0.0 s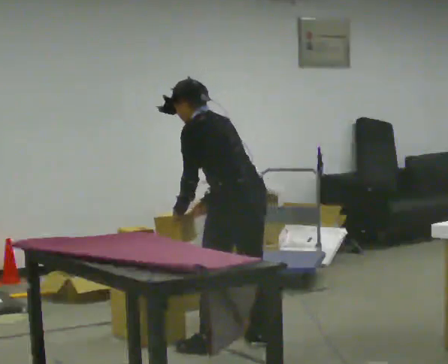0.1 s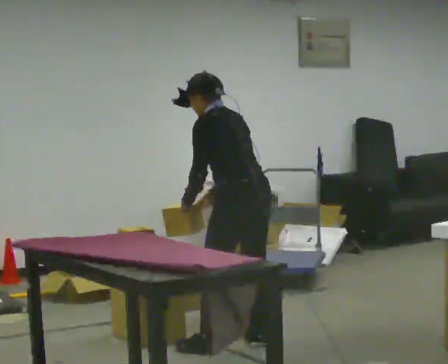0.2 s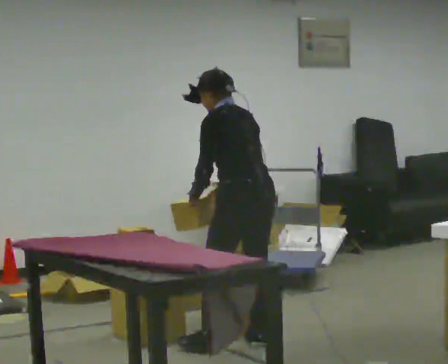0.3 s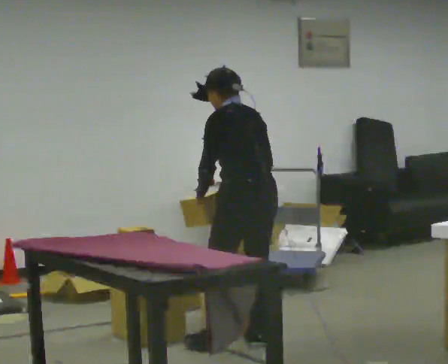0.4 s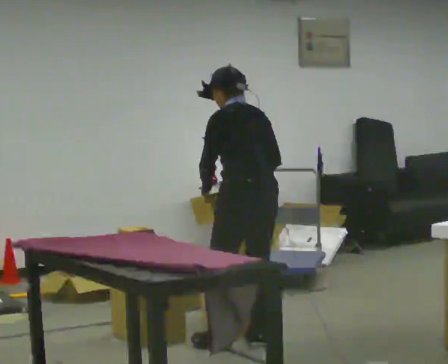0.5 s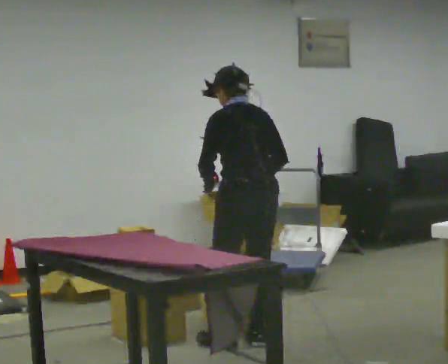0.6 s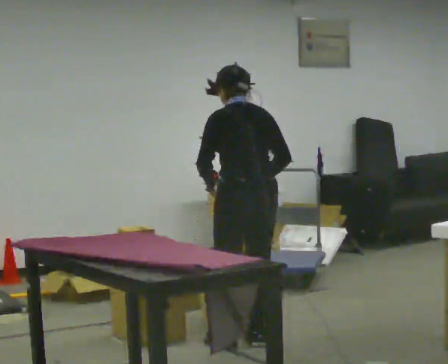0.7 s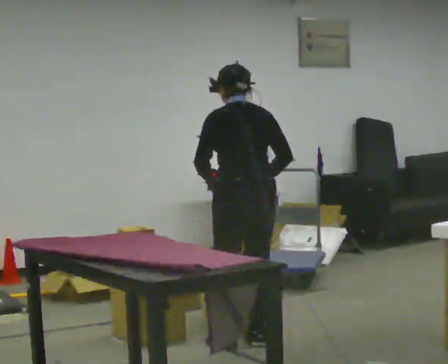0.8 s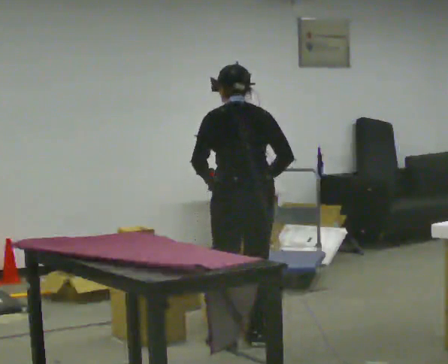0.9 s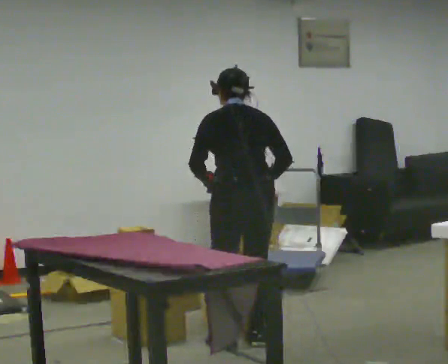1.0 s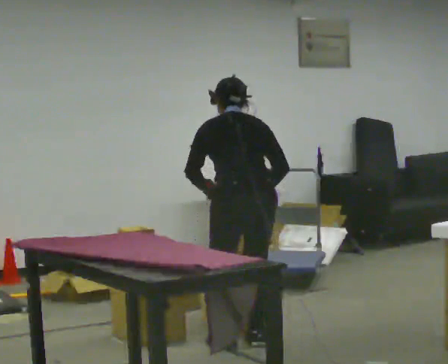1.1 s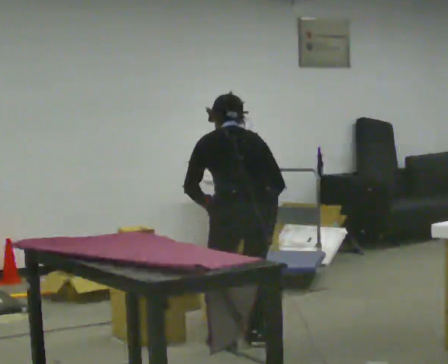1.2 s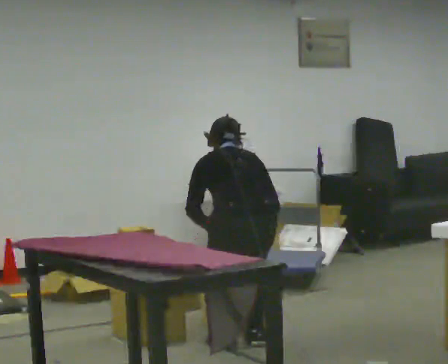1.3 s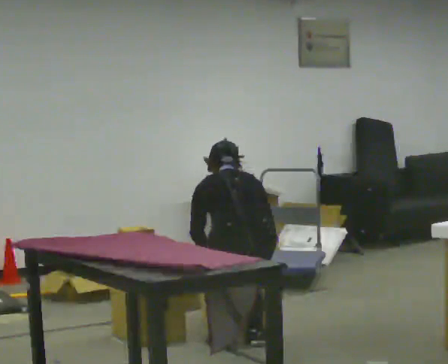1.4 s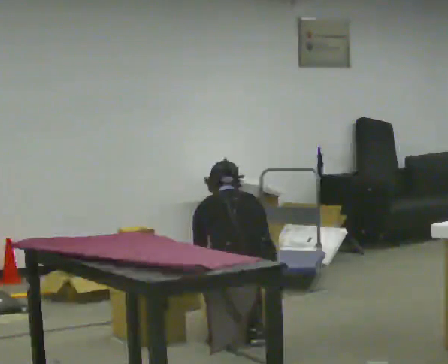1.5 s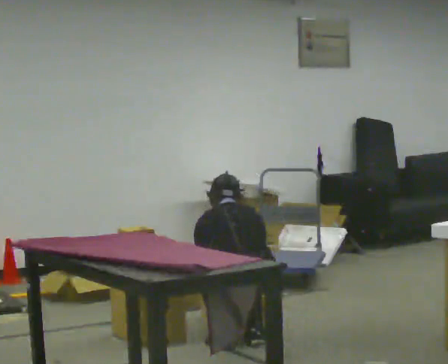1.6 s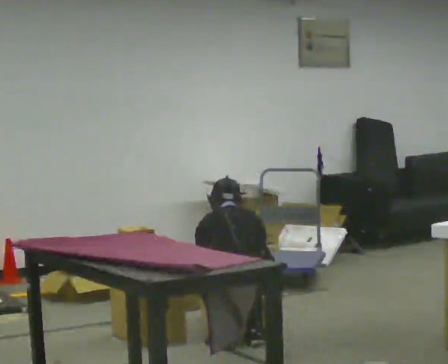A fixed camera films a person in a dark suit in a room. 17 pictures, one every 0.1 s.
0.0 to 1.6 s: The part of the body nearest the lens slides to the left as the person turns to their right by about 45 degrees. The shoulders move downward. The upper body tips away from the camera, its near side rolling upward. In the picture their left hand goes downward.
The film runs backward here.
